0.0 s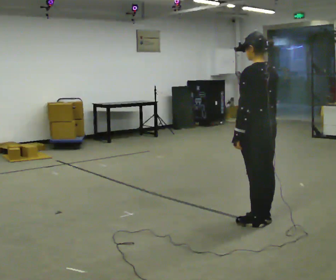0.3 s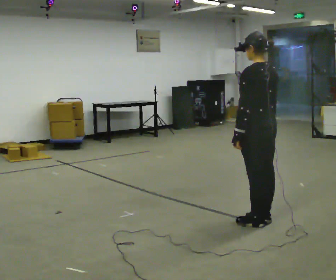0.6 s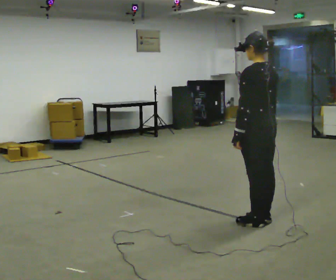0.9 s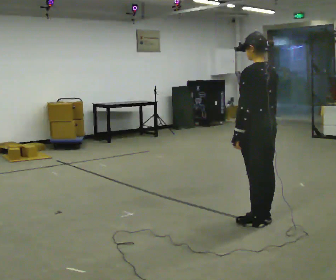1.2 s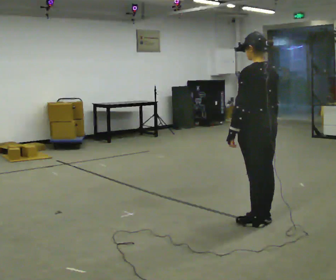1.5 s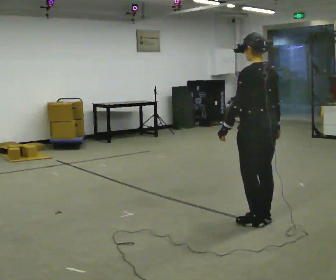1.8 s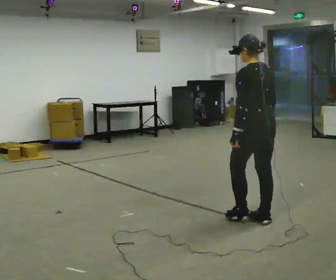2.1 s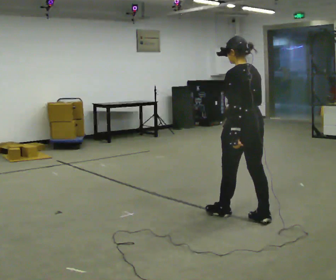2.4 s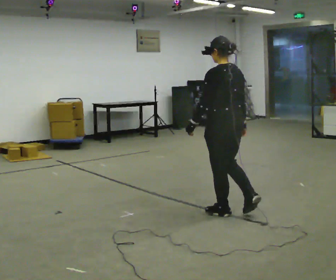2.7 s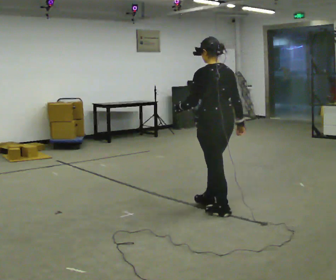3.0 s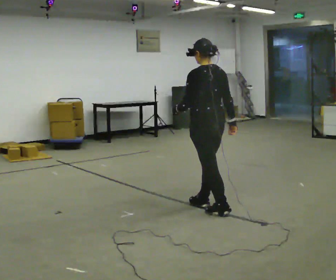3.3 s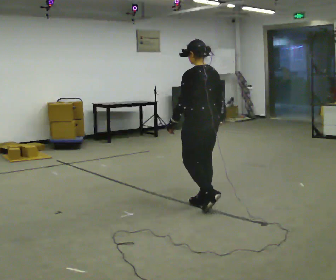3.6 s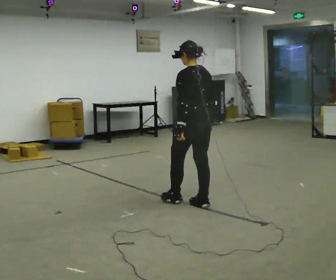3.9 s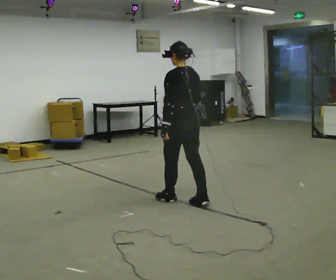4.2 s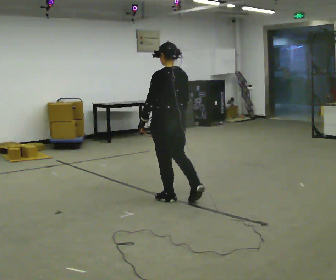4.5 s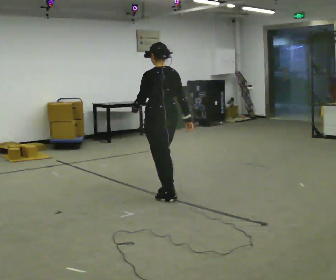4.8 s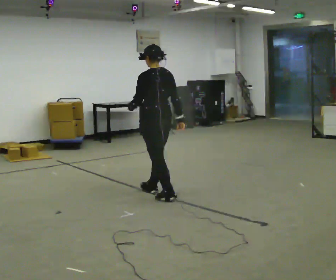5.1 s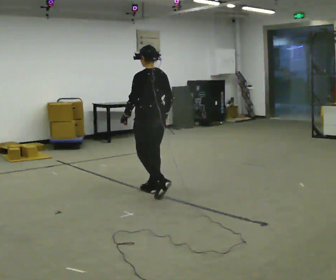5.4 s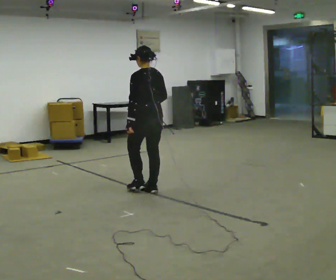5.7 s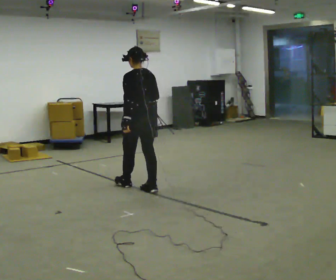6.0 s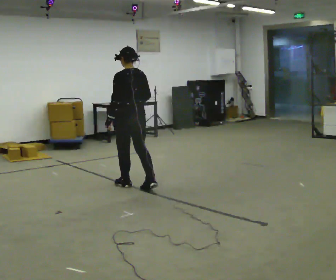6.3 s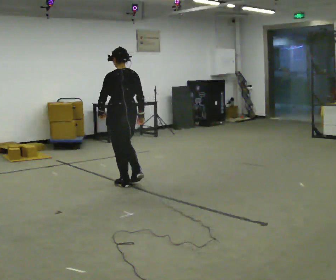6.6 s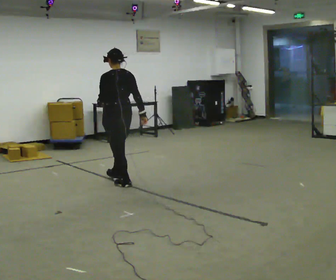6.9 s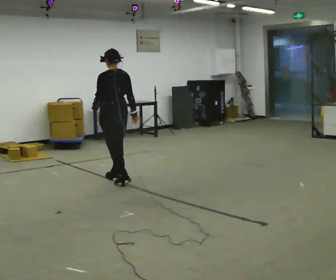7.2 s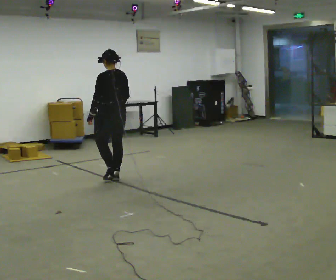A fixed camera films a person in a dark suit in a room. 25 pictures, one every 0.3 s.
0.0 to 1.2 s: The person moves a little, or ends about where they began.
1.2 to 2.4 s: In the picture they go to the left and away from the camera, about 0.25 m in 1 step, which for them is forward.
2.4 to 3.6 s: In the picture they go away from the camera and to the left, about 0.5 m in 1 step, which for them is forward.
3.6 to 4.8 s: In the picture they go to the left and away from the camera, about 0.5 m in 2 steps, which for them is forward.
4.8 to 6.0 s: In the picture they go away from the camera and to the left, about 0.5 m in 1 step, which for them is forward.
6.0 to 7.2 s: In the picture they go away from the camera and to the left, about 0.5 m in 1 step, which for them is forward.
The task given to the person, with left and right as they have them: Walk forward noticeably slower than normal; do not shuffle; stop.
The film runs forward here.
